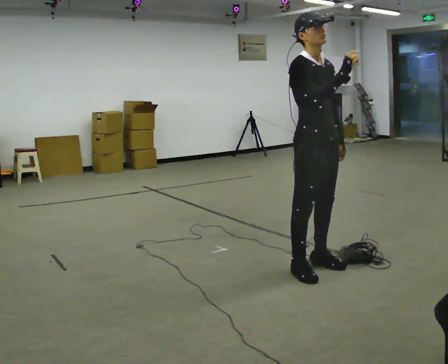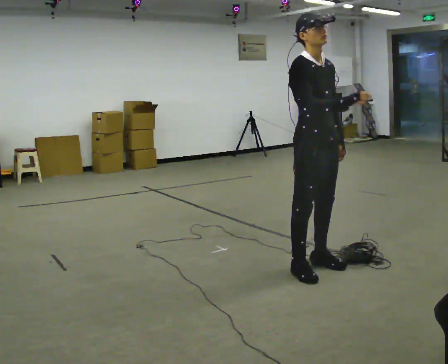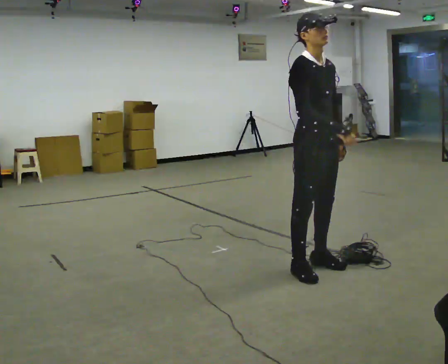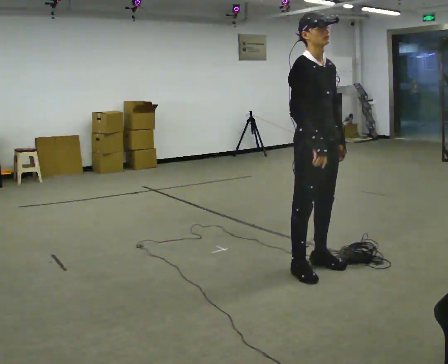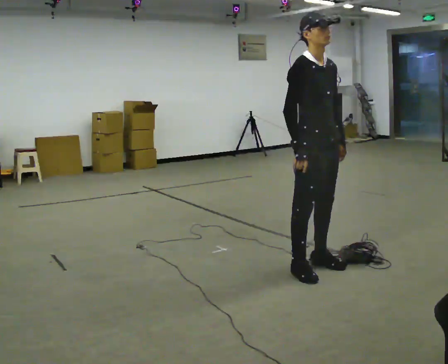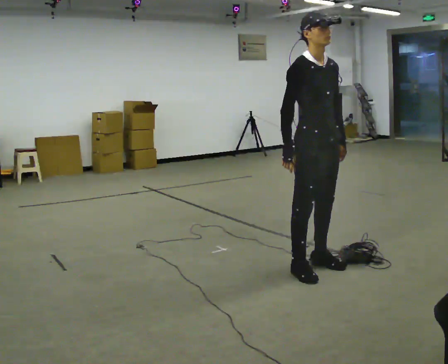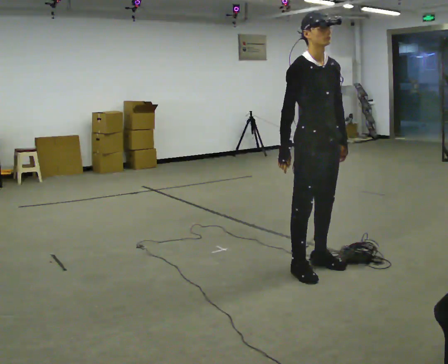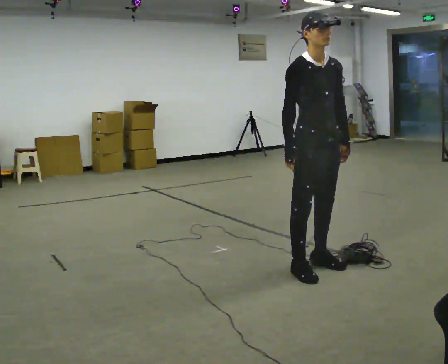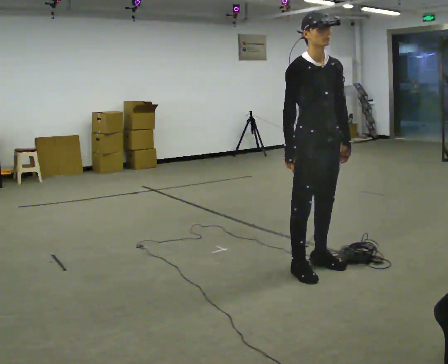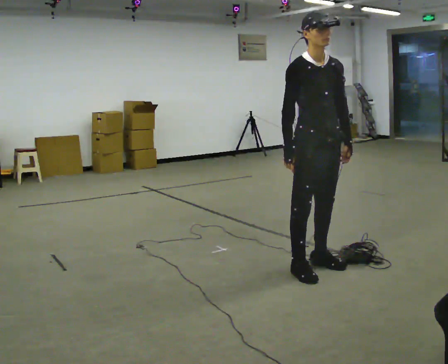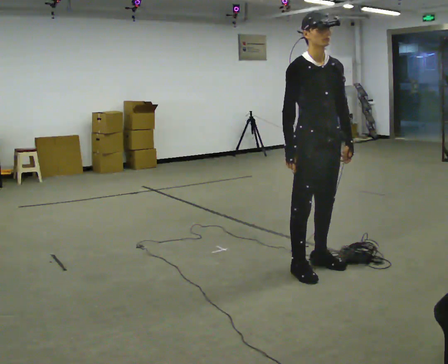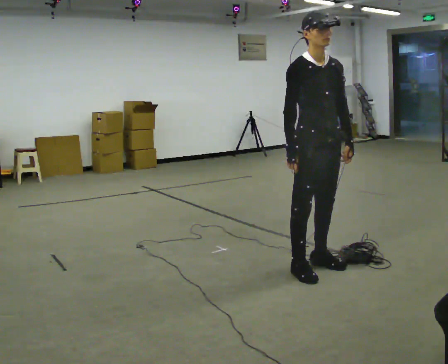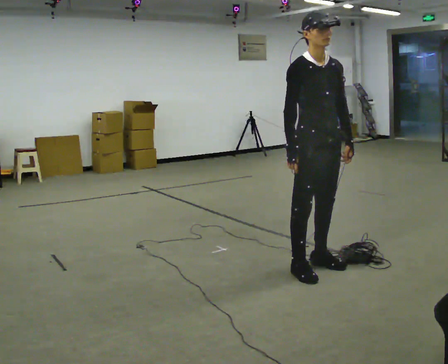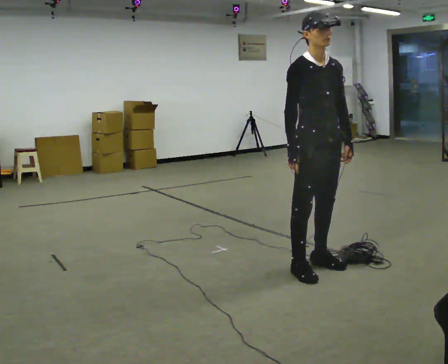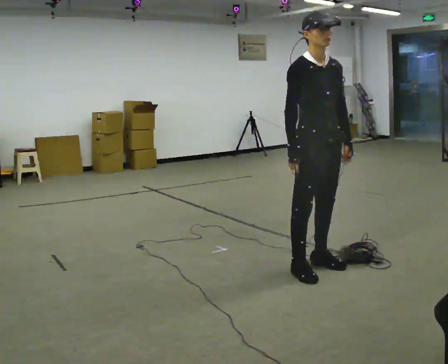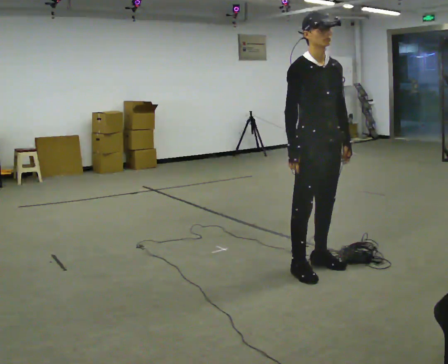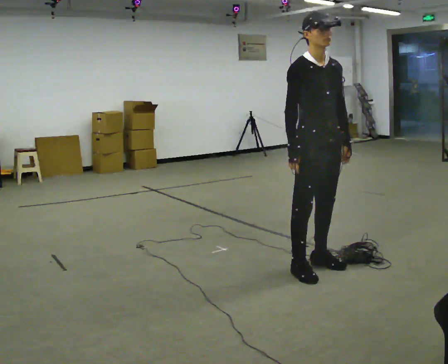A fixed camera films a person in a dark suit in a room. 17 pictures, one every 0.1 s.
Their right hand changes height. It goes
downward.
0.0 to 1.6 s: In the picture their right hand goes downward and to the left.
The film runs forward here.
